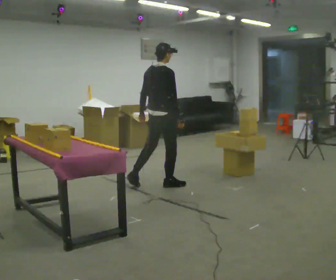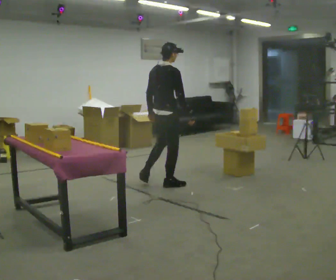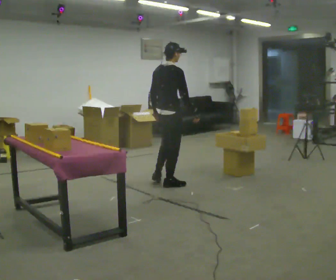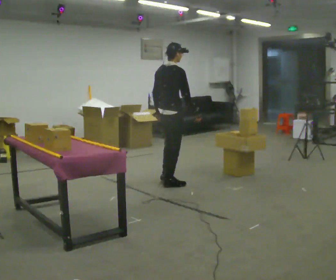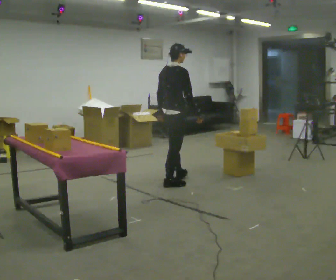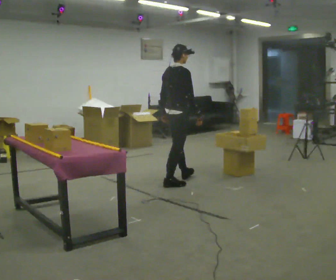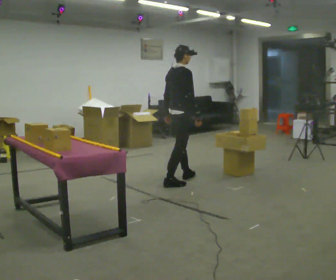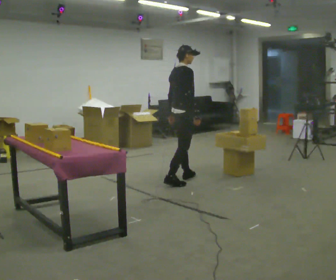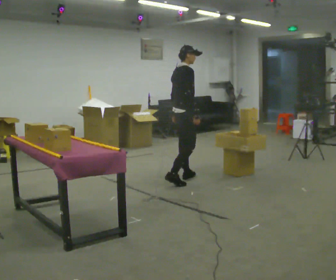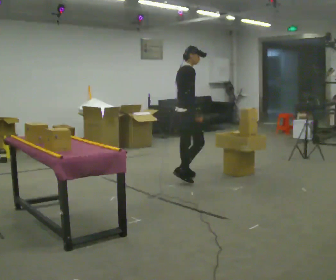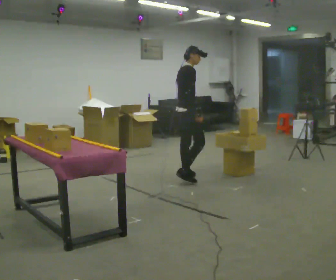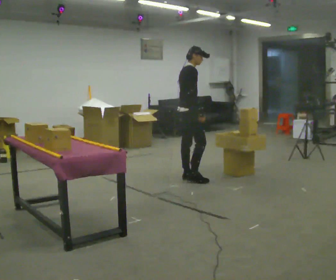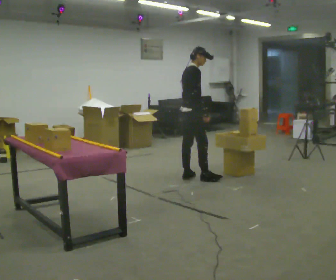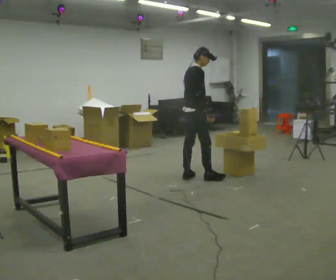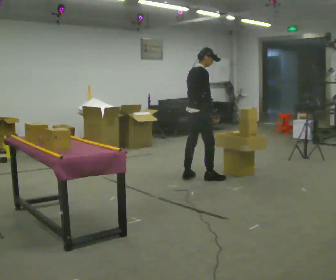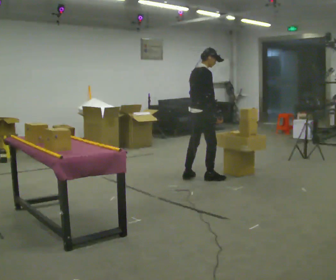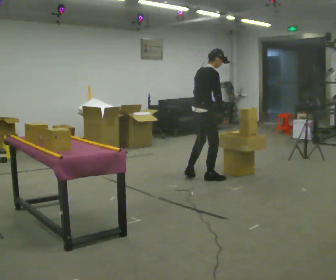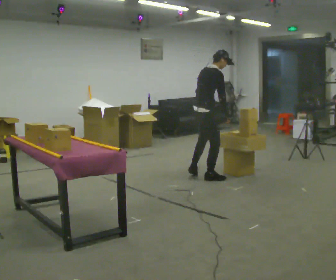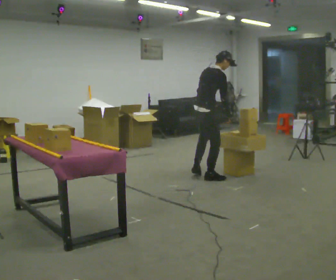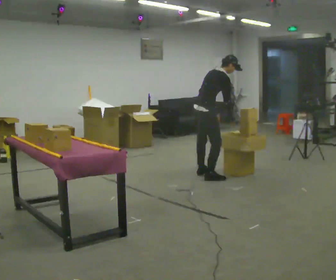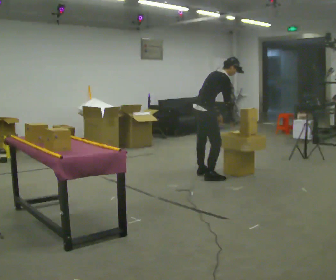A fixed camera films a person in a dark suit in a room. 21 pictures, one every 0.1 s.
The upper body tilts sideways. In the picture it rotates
clockwise.
0.0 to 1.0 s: The part of the body nearest the lens slides to the left as the person turns to their right by about 30 degrees. In the picture they go to the right and away from the camera, about 0.5 m in 1 step, which for them is forward.
1.0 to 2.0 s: In the picture they go to the right, about 0.25 m in 2 steps, which for them is forward. In the picture the upper body tilts clockwise, shoulders to the right, as they bend forward. In the picture their right hand goes to the right.
The film runs forward here.
